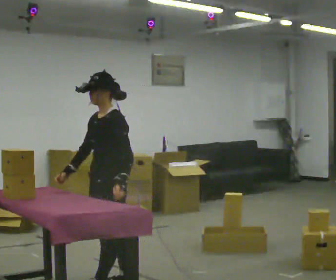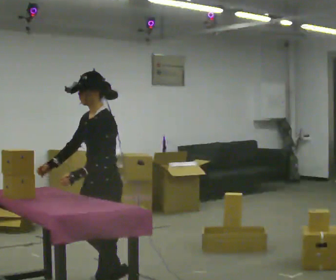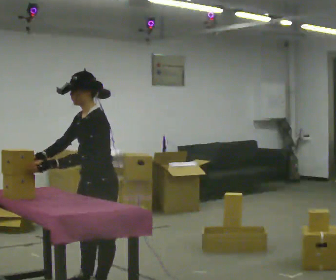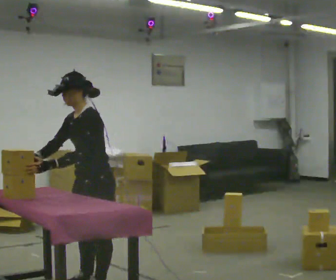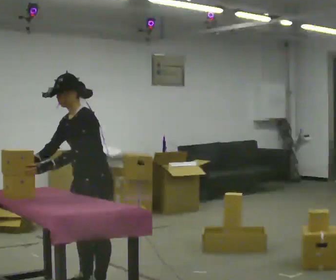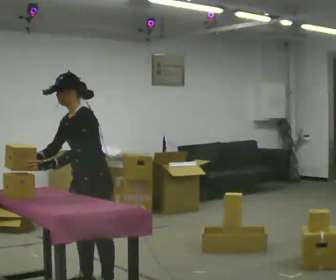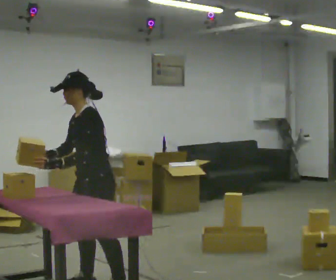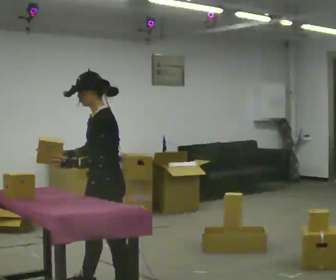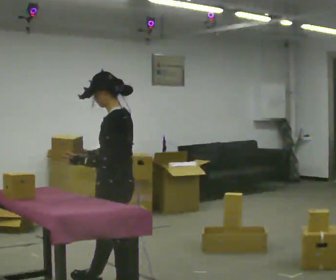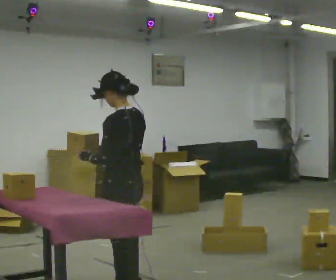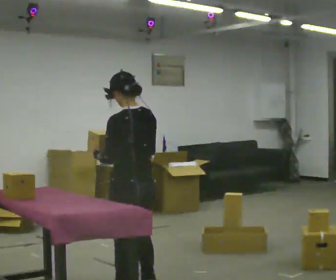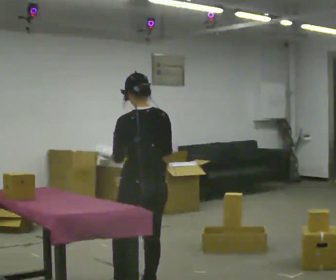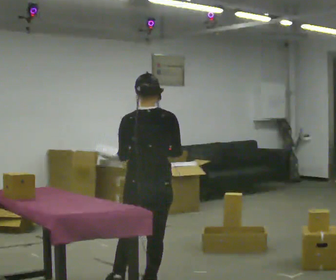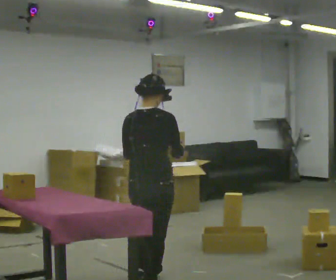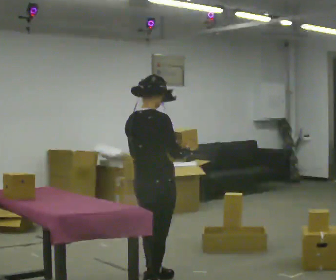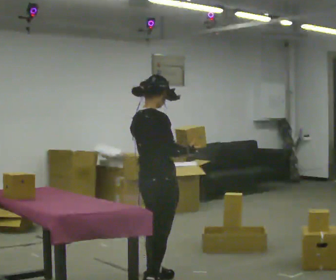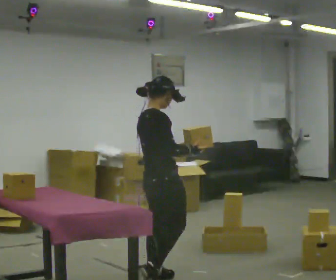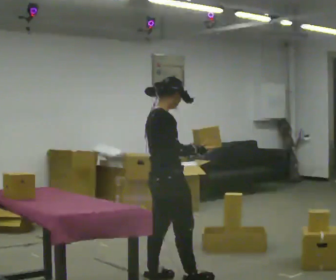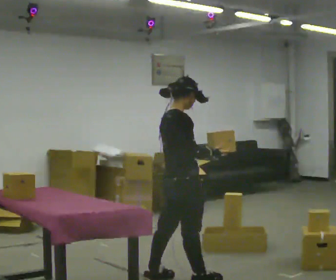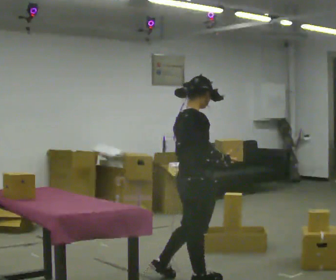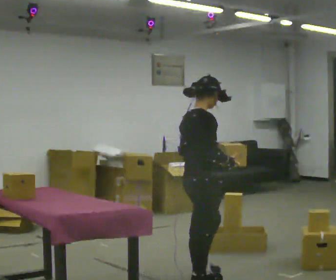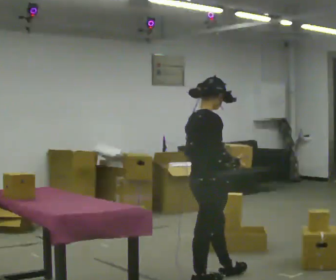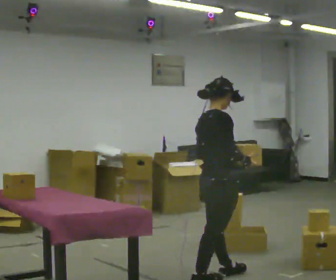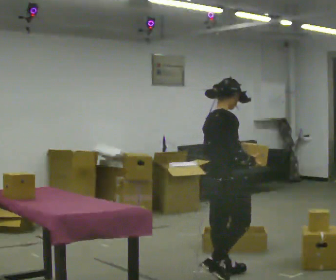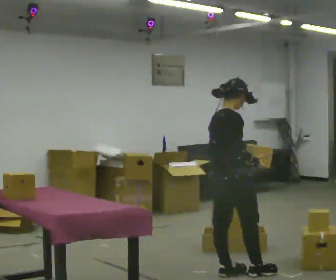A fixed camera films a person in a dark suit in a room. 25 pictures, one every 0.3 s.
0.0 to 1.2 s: In the picture their left hand goes to the left.
1.2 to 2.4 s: The person turns about 45 degrees to their right, clockwise seen from above, so the part of the body nearest the lens slides to the left. In the picture they go toward the camera and to the right, about 0.25 m in 1 step, which for them is to their left. In the picture the upper body tilts clockwise, shoulders to the right, as they lean back or straighten.
2.4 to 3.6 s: The part of the body nearest the lens slides to the left as the person turns to their right by about 90 degrees. In the picture they go to the right, about 0.25 m in 1 step. In the picture their right hand goes to the right.
3.6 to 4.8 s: The part of the body nearest the lens slides to the left as the person turns to their right by about 60 degrees. In the picture they go away from the camera, about 0.25 m in 1 step.
4.8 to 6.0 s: In the picture they go to the right, about 0.25 m in 1 step, which for them is forward and to their right.
6.0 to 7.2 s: In the picture they go to the right and away from the camera, about 0.25 m in 1 step, which for them is forward and to their left.
The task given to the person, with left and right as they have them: 1. Take the objects out of the box on the table one at a time. 2. Put each one in the bin the operator has labelled for it. 3. Tell the operator when you are finished.
The film runs forward here.
